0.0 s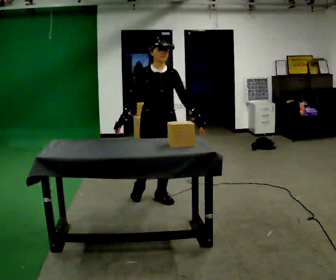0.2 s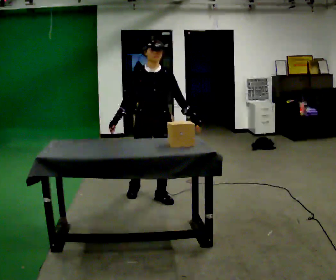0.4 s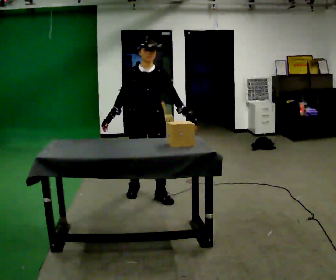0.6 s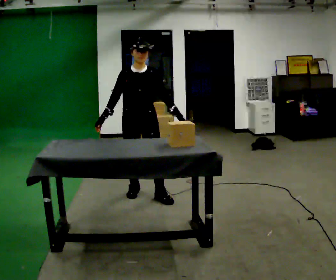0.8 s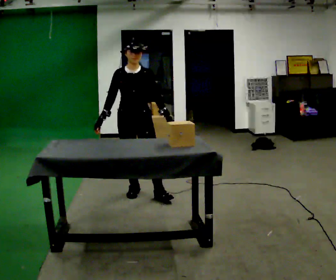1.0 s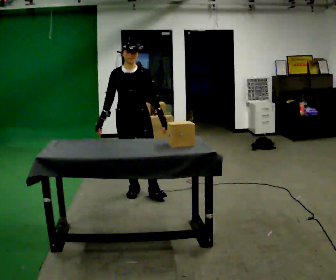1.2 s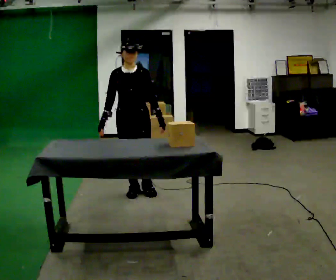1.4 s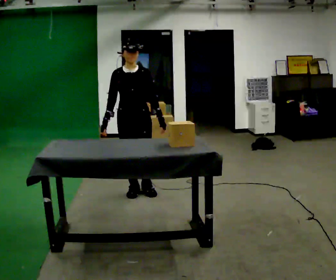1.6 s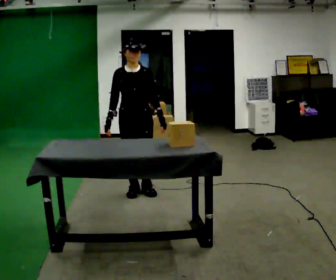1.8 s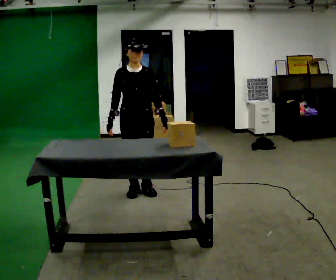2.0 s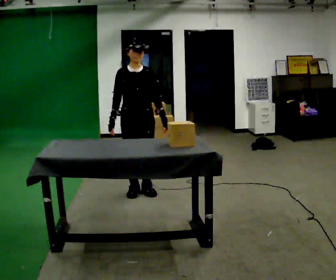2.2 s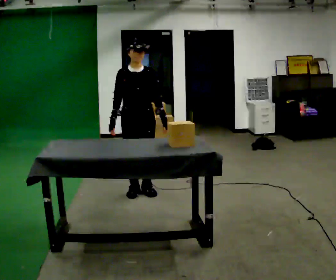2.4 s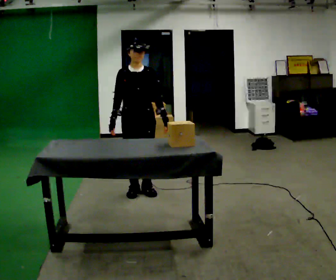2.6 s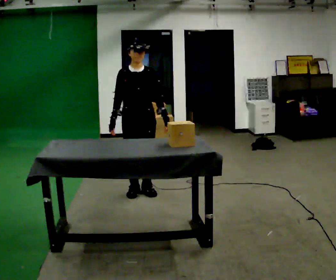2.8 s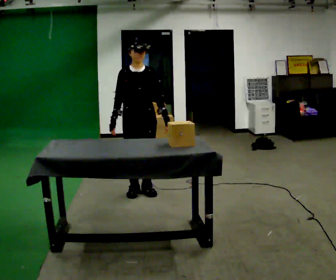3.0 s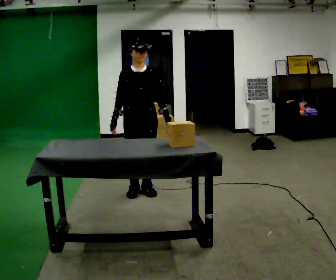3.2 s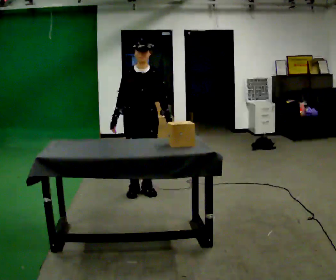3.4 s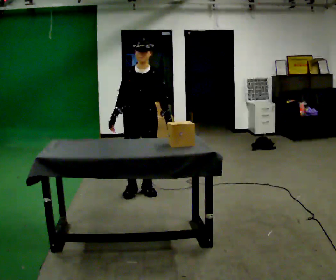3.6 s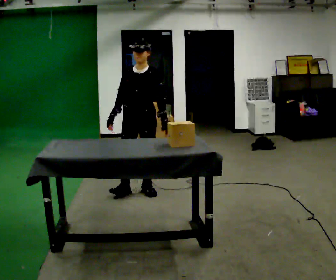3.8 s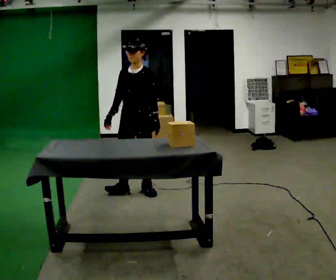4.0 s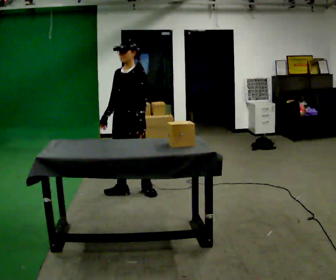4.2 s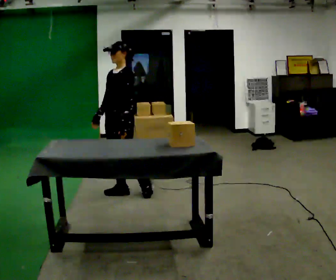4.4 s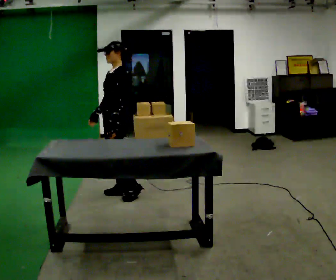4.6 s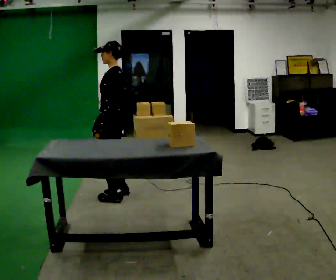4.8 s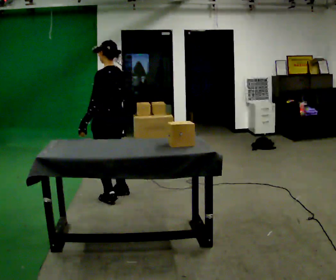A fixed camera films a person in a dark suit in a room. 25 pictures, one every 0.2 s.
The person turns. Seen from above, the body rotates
clockwise.
The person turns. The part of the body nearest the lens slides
to the left.
0.0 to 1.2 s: In the picture they go to the left and away from the camera, about 0.25 m in 2 steps, which for them is to their right and backward.
1.2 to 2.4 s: The person moves a little, or ends about where they began.
2.4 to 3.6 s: The person turns about 30 degrees to their right, clockwise seen from above, so the part of the body nearest the lens slides to the left.
3.6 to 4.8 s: The part of the body nearest the lens slides to the left as the person turns to their right by about 105 degrees. In the picture they go to the left, about 0.25 m in 1 step.
The film runs forward here.
